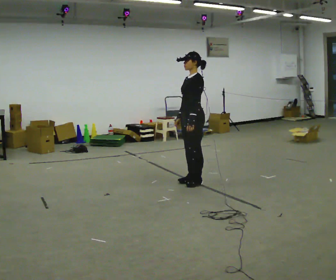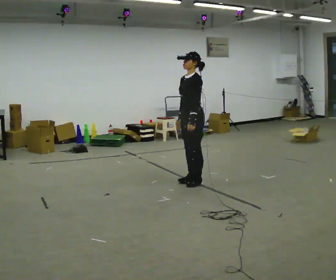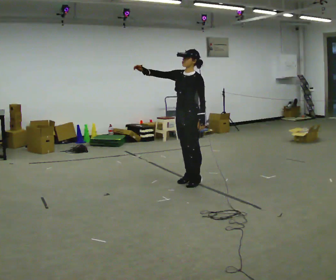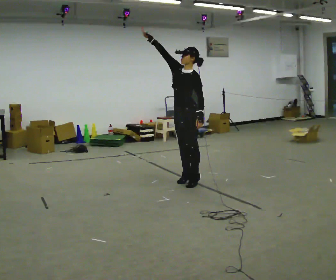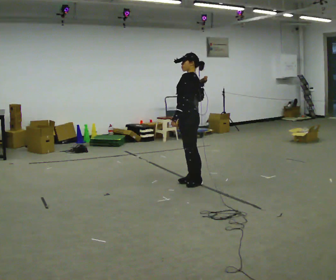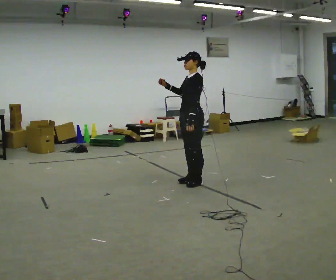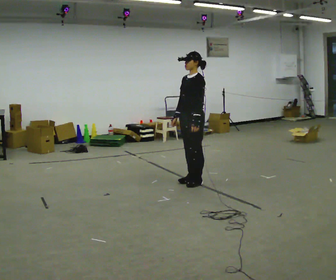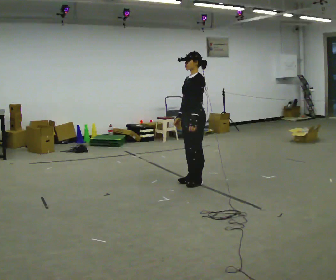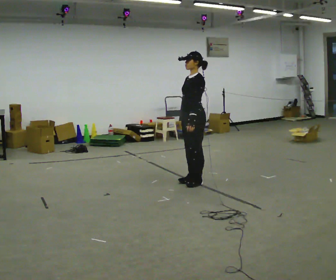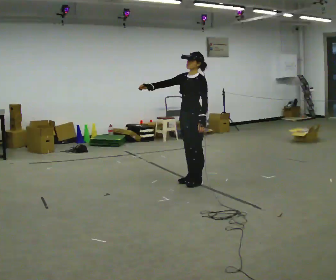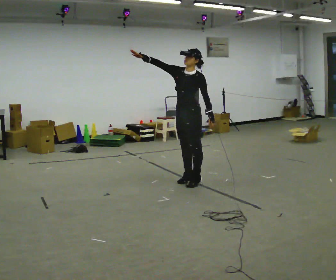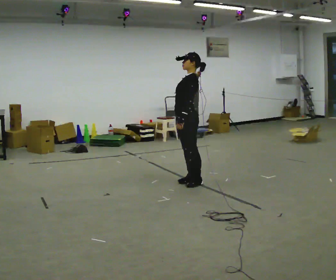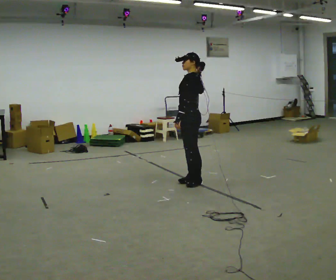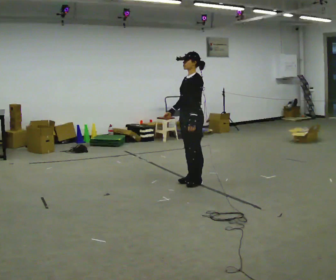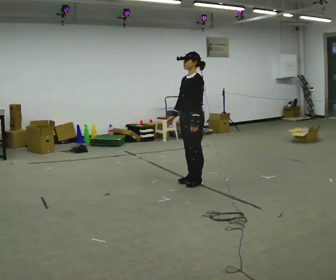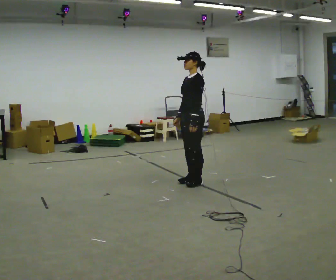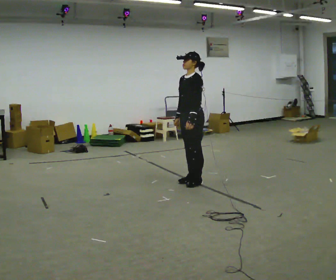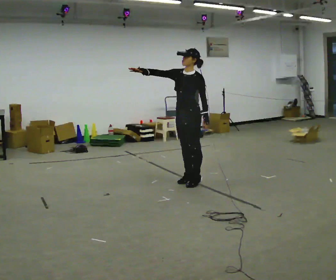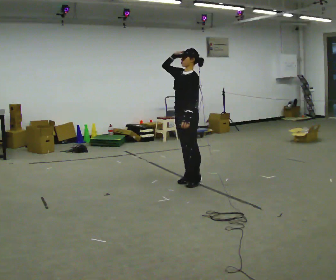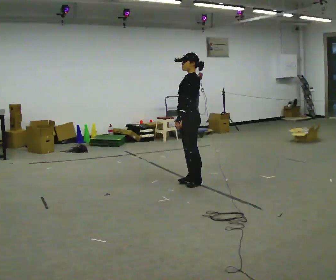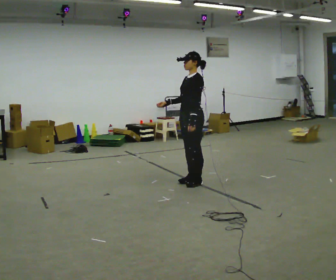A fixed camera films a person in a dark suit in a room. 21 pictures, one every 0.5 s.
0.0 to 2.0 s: In the picture their right hand goes upward.
2.0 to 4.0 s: The part of the body nearest the lens slides to the right as the person turns to their left by about 30 degrees. In the picture their right hand goes downward.
4.0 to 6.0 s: In the picture their right hand goes upward.
6.0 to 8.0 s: Seen from above the body turns counterclockwise, about 30 degrees: to their left, with its near side sliding to the right. In the picture their right hand goes downward.
8.0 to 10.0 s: The person moves a little, or ends about where they began.
The film runs backward here.
